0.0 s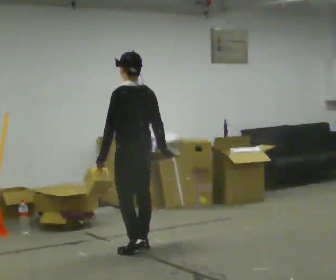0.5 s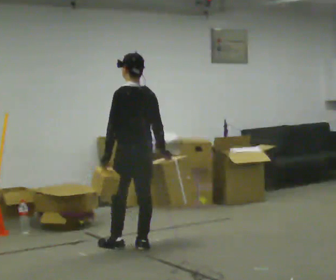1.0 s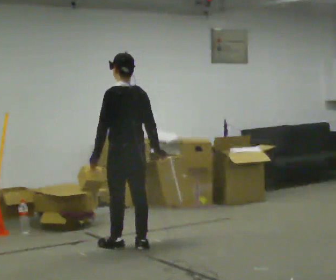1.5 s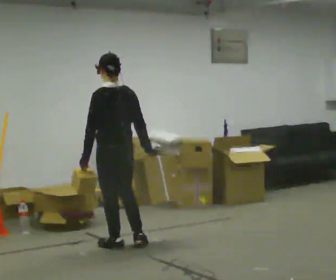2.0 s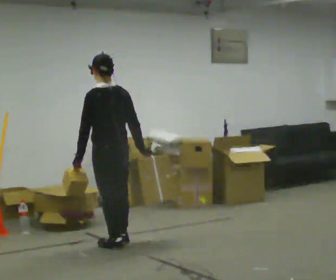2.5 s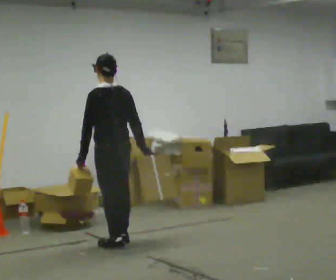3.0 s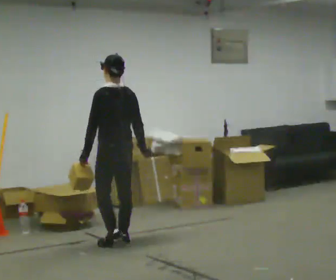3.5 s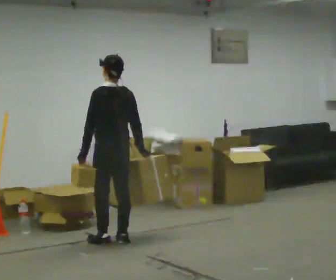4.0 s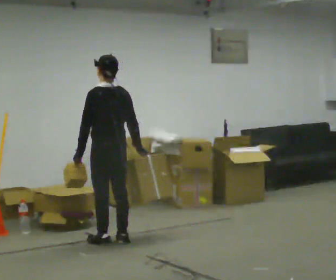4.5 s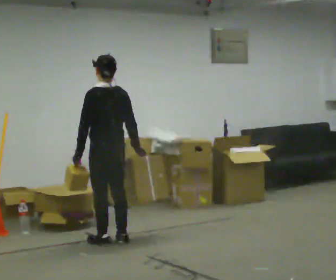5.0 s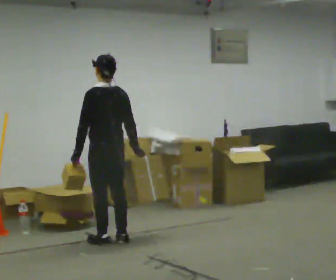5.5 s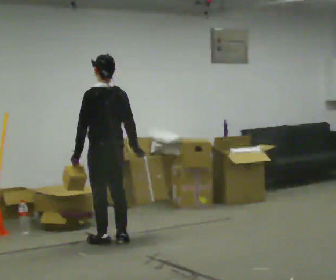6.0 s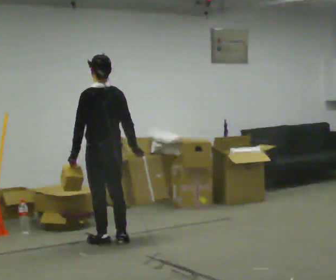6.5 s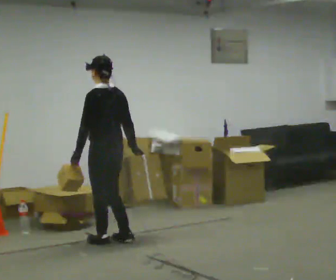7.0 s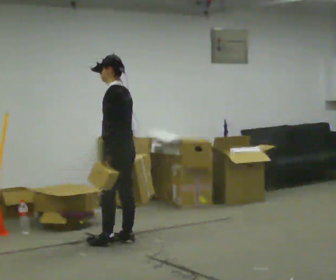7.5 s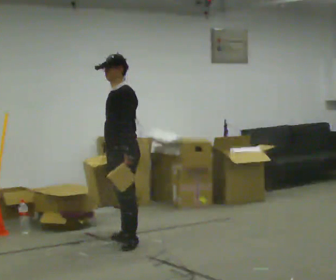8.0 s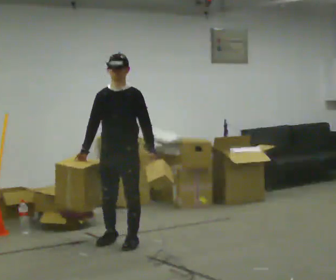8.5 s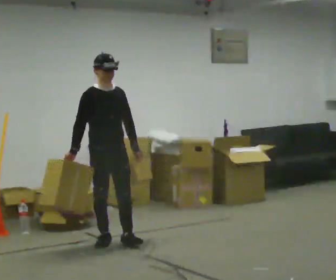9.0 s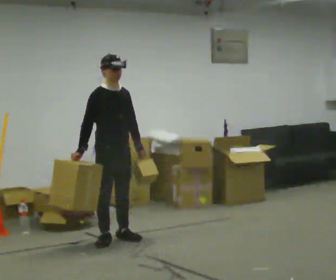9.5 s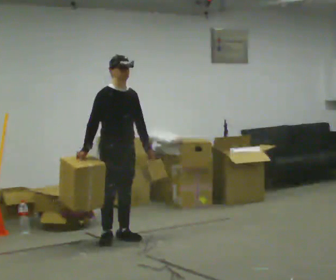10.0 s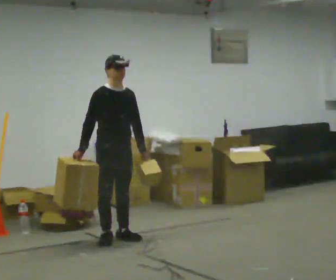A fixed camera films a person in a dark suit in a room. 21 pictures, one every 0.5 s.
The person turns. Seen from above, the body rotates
counterclockwise.
The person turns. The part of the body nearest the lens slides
to the right.
0.0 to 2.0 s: In the picture they go to the left, about 0.25 m in 2 steps, which for them is forward and to their left.
2.0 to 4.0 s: In the picture they go away from the camera, about 0.25 m in 1 step, which for them is forward.
4.0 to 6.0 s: The person moves a little, or ends about where they began.
6.0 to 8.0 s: The part of the body nearest the lens slides to the right as the person turns to their left by about 135 degrees. In the picture their right hand goes to the left, the arm swinging clockwise.
8.0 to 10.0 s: The person turns about 45 degrees to their left, counterclockwise seen from above, so the part of the body nearest the lens slides to the right. In the picture they go away from the camera, about 0.25 m in 2 steps, which for them is backward.
The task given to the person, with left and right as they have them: Carry one object in each hand, the heavy one in the hand the operator calls, walking back and forth across the room.
The film runs forward here.
